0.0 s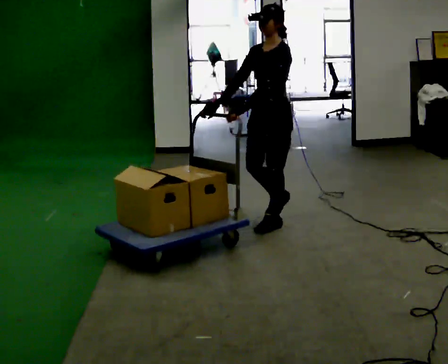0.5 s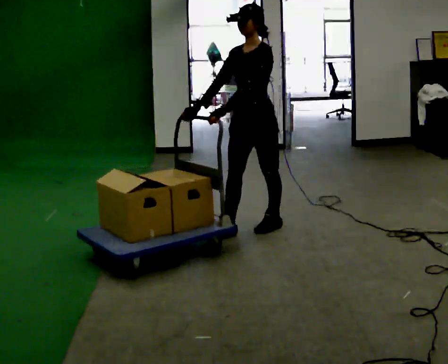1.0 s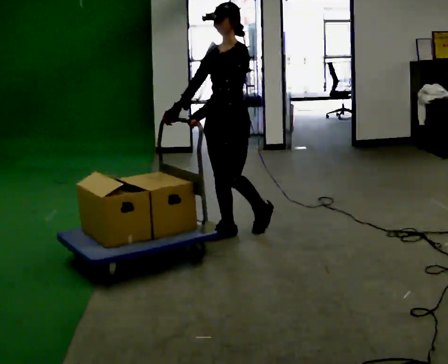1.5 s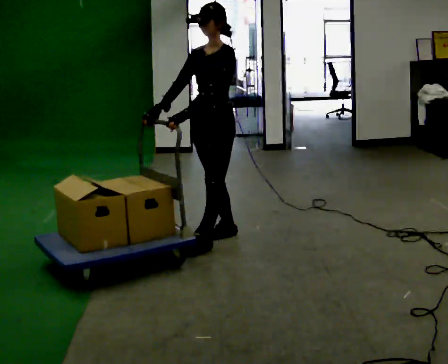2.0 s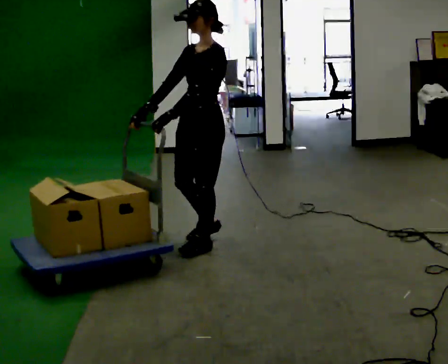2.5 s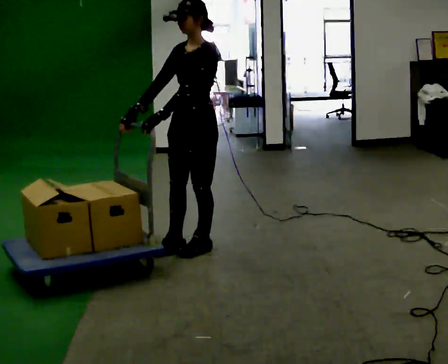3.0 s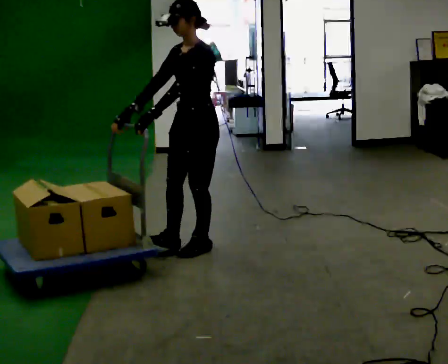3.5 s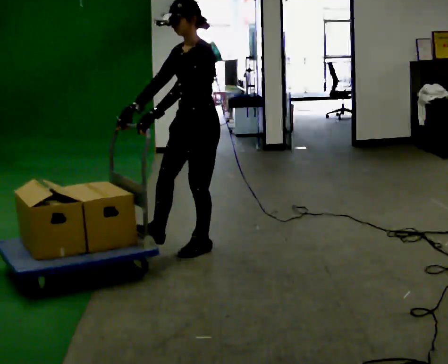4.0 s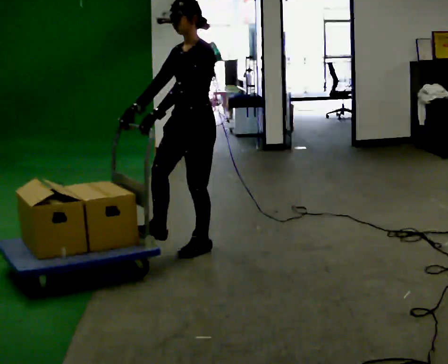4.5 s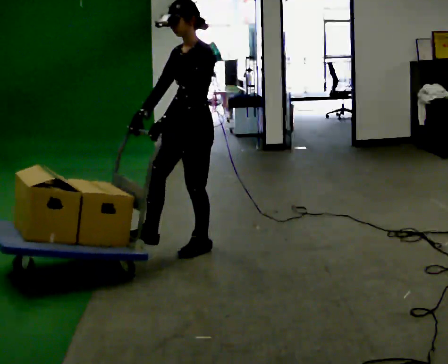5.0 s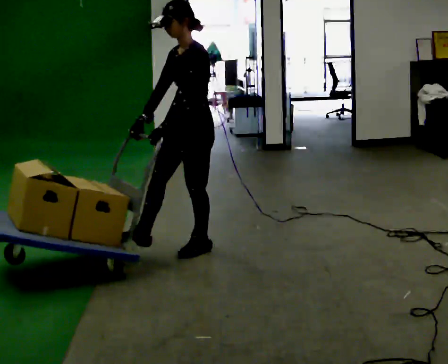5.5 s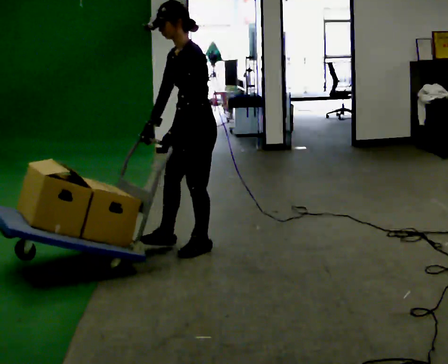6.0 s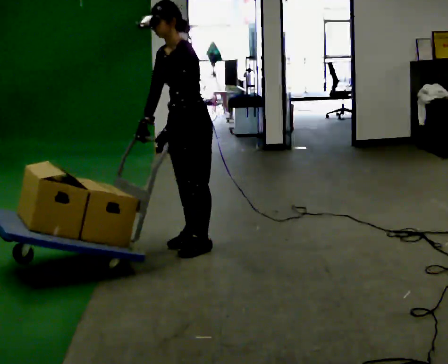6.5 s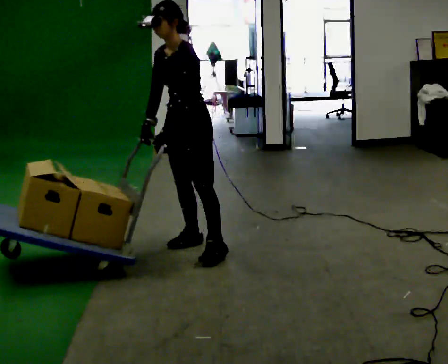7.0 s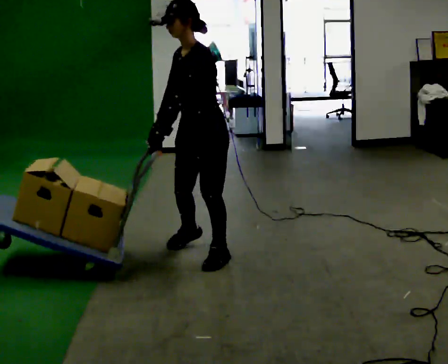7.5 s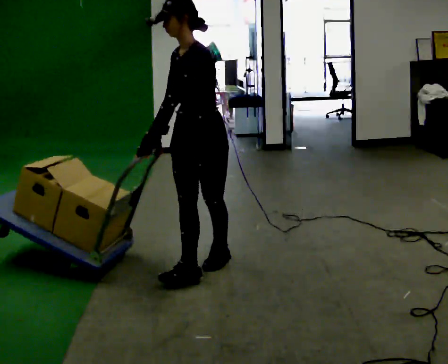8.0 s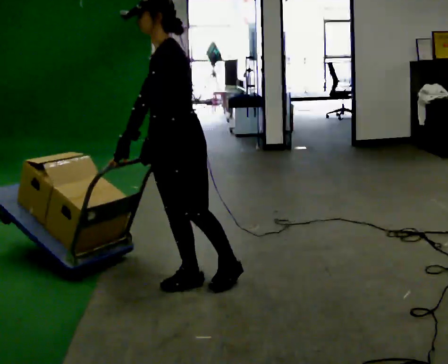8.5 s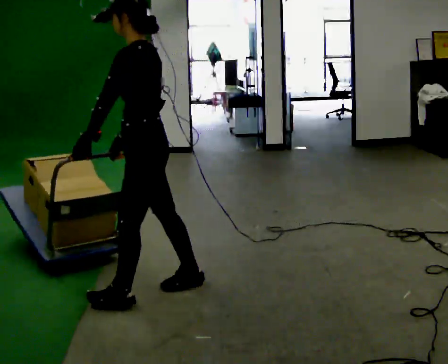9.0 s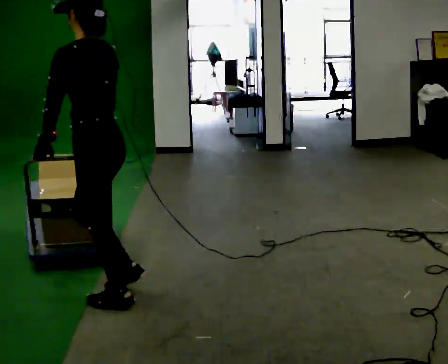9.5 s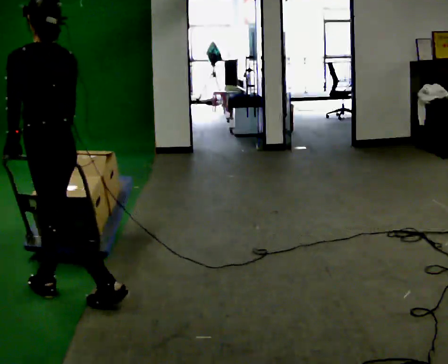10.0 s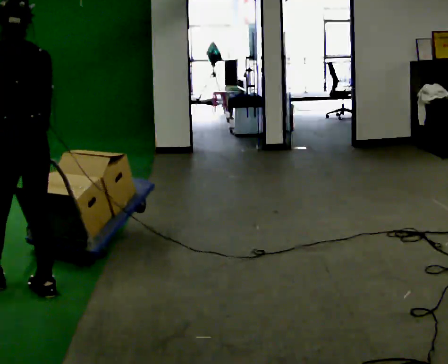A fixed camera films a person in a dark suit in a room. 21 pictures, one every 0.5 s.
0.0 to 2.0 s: In the picture they go toward the camera and to the left, about 0.75 m in 2 steps, which for them is forward.
2.0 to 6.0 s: The person moves a little, or ends about where they began.
6.0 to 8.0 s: In the picture they go toward the camera, about 0.75 m in 2 steps, which for them is to their left and forward.
8.0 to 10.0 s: Seen from above the body turns clockwise, about 90 degrees: to their right, with its near side sliding to the left. In the picture they go to the left, about 1 m in 2 steps.
The film runs forward here.
